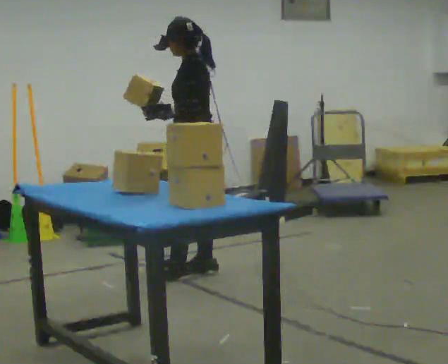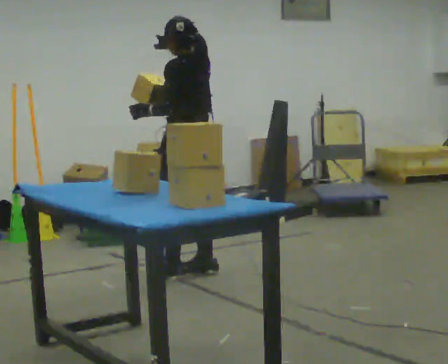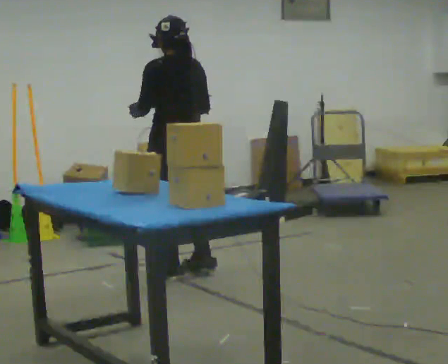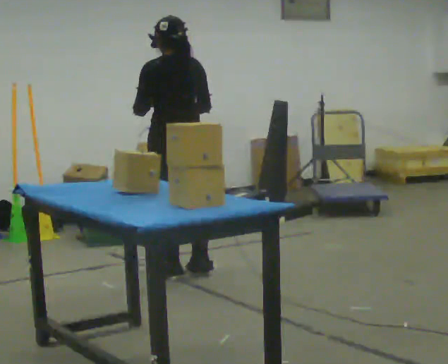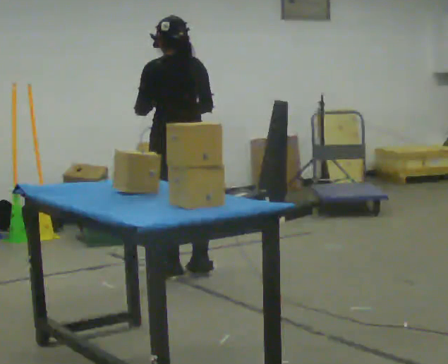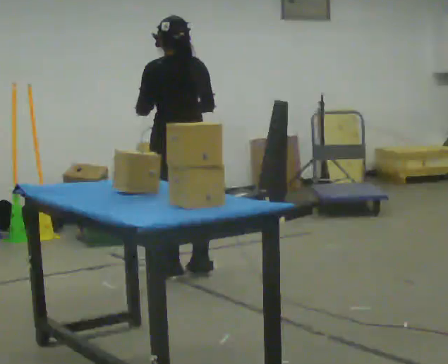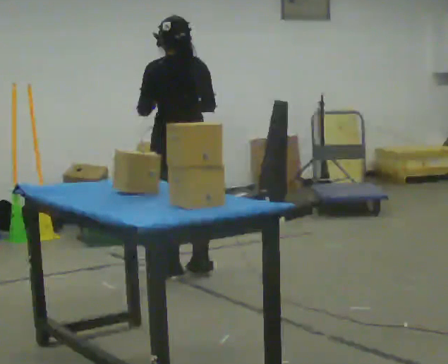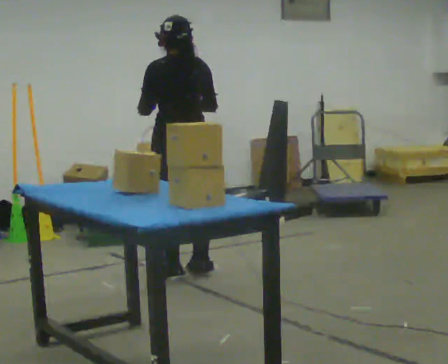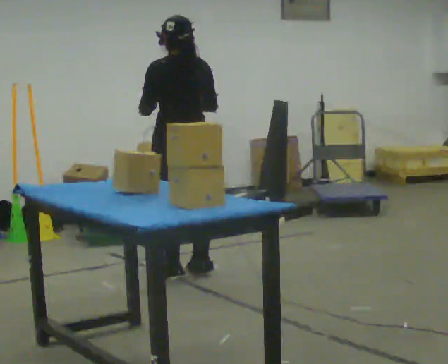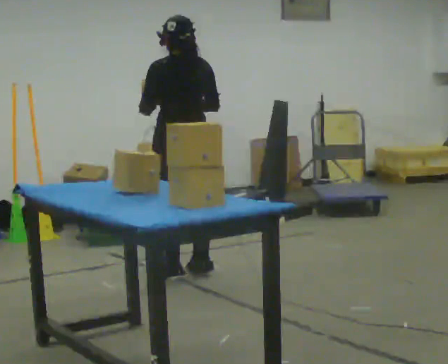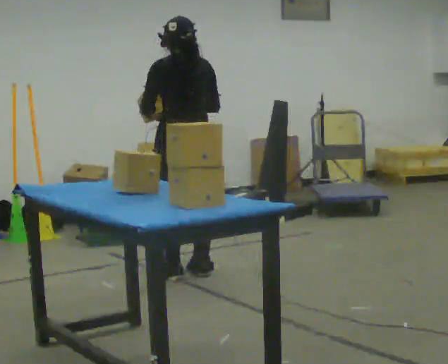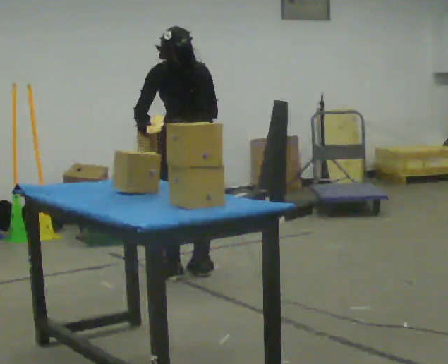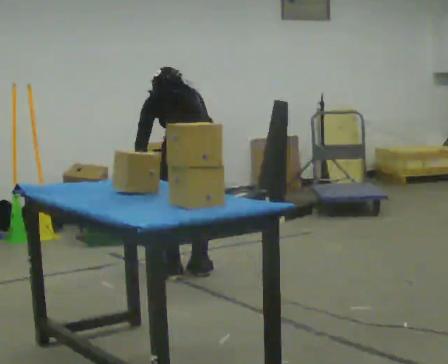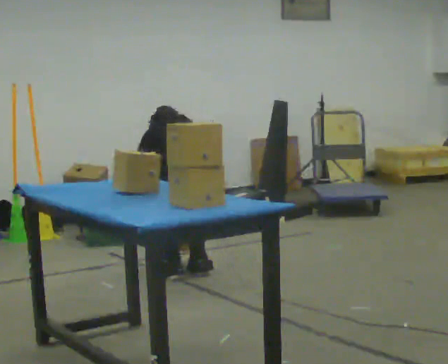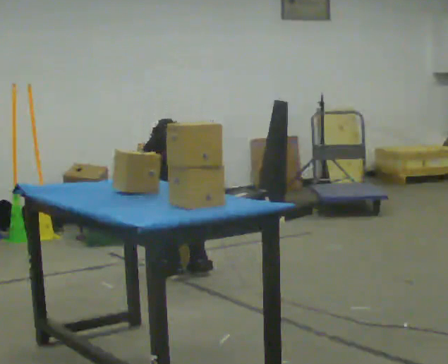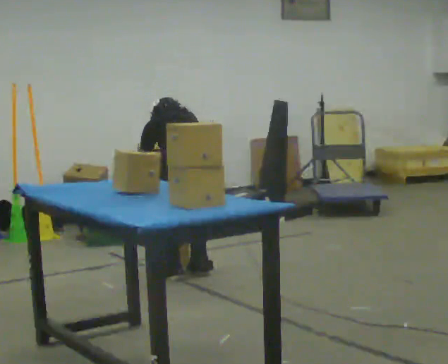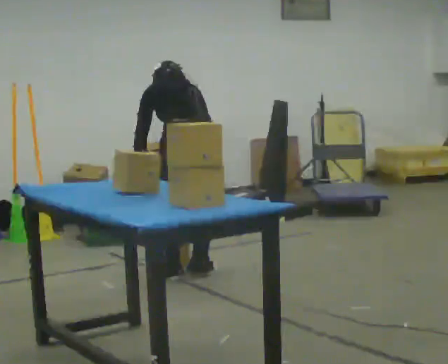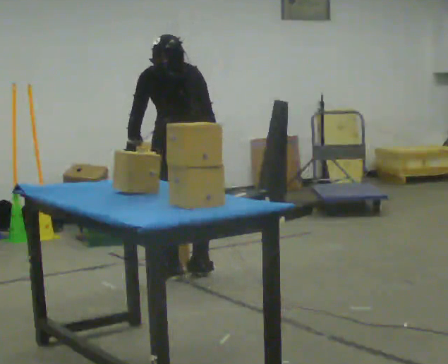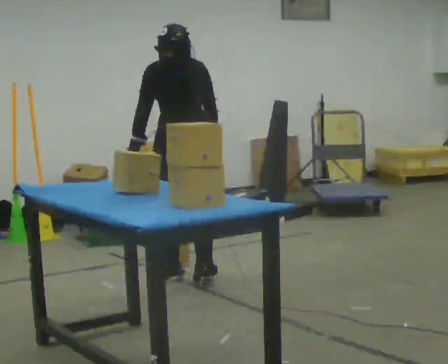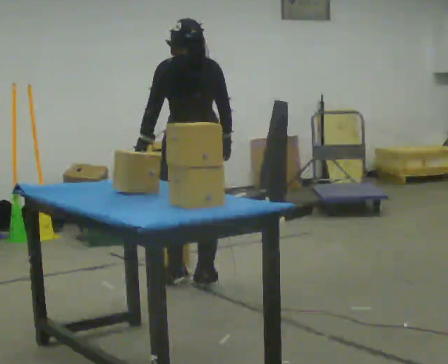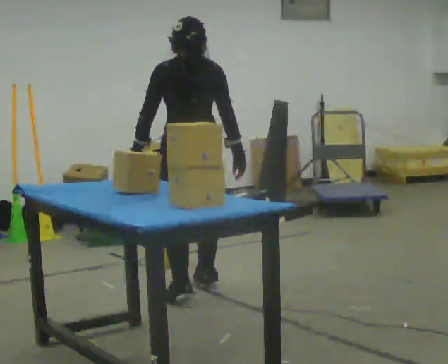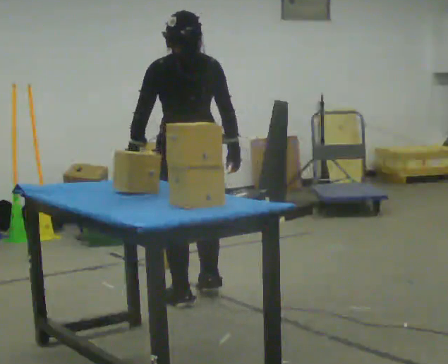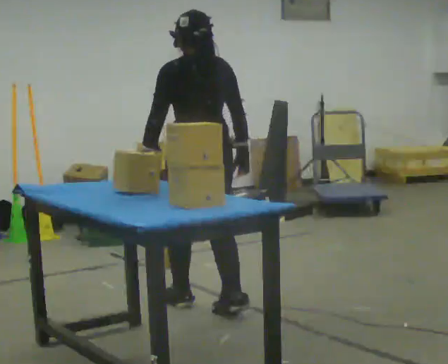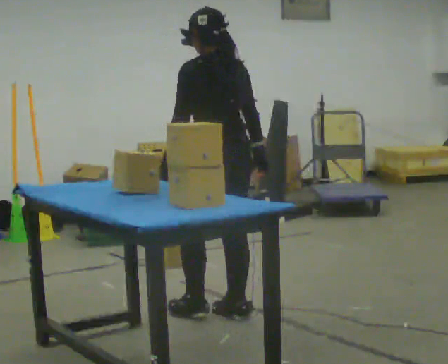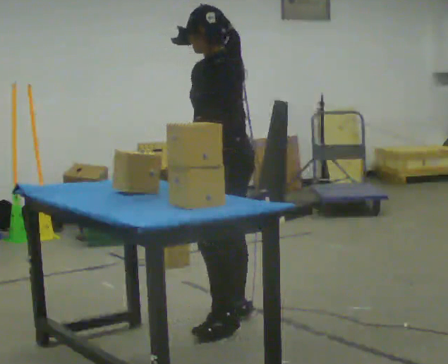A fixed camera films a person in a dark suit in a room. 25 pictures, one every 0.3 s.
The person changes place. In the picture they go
toward the camera.
0.0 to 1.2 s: Seen from above the body turns clockwise, about 60 degrees: to their right, with its near side sliding to the left.
1.2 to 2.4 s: The person moves a little, or ends about where they began.
2.4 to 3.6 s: The shoulders move downward. The upper body tips away from the camera, its near side rolling upward, as they bend forward. In the picture their right hand goes downward.
3.6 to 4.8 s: The person moves a little, or ends about where they began.
4.8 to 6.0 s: In the picture they go toward the camera, about 0.25 m in 2 steps, which for them is backward. The upper body goes upward. The upper body tips toward the camera, its near side rolling downward, as they lean back or straighten.
6.0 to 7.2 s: The person turns about 45 degrees to their left, counterclockwise seen from above, so the part of the body nearest the lens slides to the right. In the picture they go toward the camera, about 0.5 m in 2 steps, which for them is backward.
The film runs backward here.
